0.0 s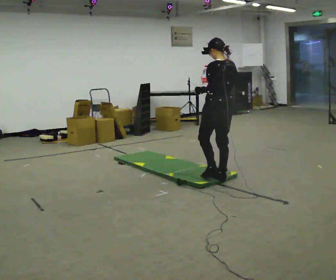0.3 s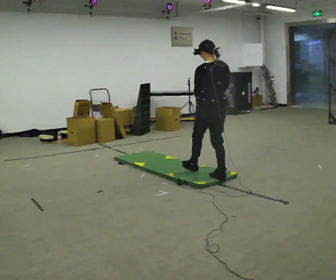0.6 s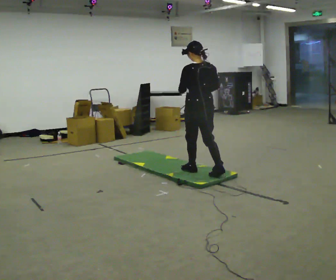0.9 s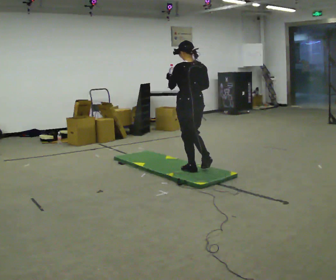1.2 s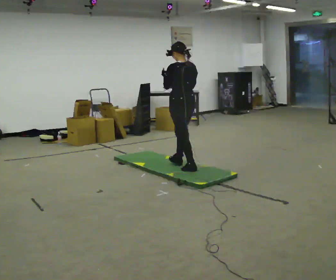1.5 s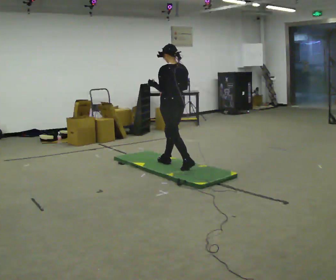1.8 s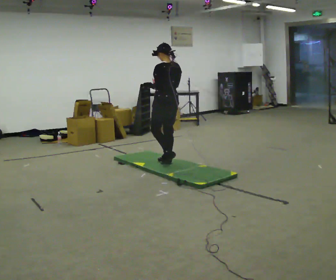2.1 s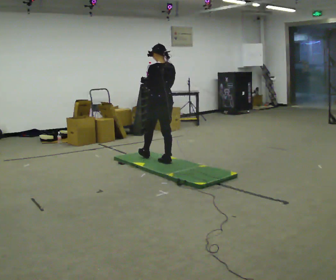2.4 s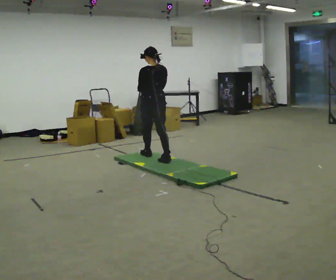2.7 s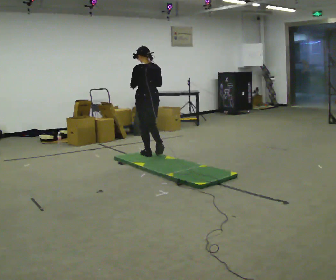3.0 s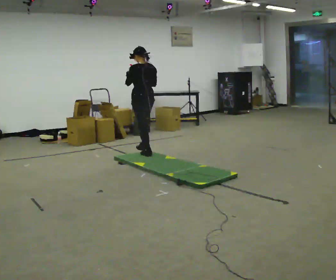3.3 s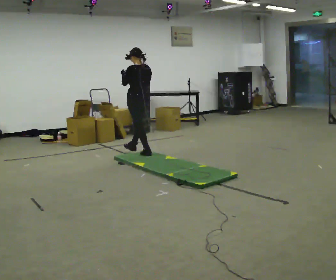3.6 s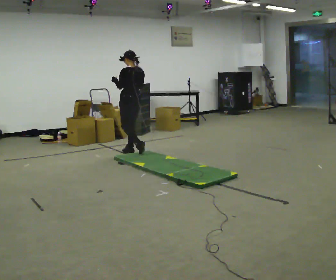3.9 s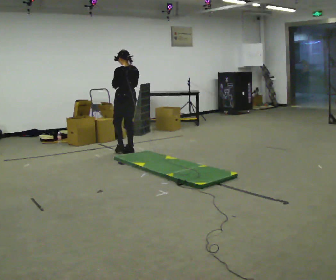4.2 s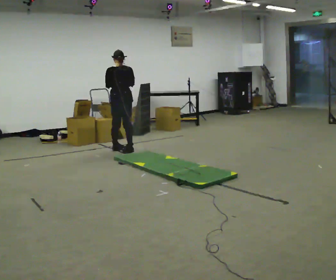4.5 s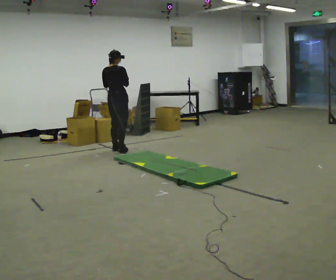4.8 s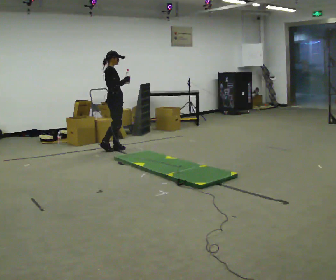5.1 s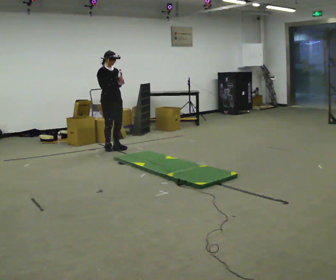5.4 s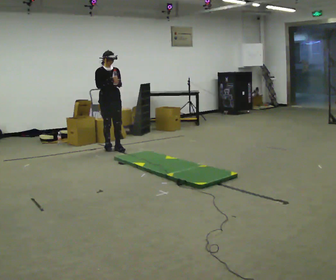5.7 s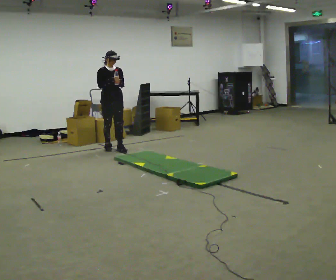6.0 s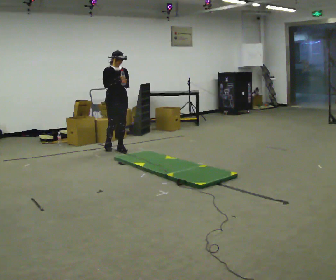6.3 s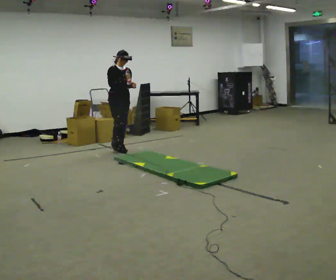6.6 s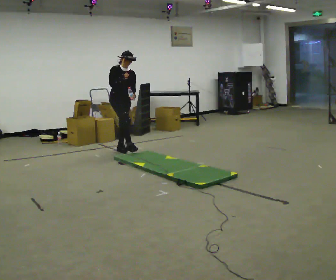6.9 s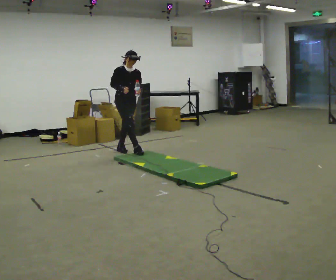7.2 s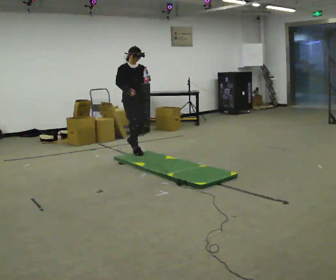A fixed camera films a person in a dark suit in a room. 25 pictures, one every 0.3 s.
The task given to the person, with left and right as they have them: Hold the object and walk back and forth. It may slip. Try to catch it if you can, but let it go rather than lurching after it.
0.0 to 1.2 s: In the picture they go away from the camera and to the left, about 0.5 m in 1 step, which for them is forward.
1.2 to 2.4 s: In the picture they go away from the camera and to the left, about 0.75 m in 2 steps, which for them is forward.
2.4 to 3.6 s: In the picture they go away from the camera and to the left, about 0.5 m in 1 step, which for them is forward.
3.6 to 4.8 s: Seen from above the body turns clockwise, about 135 degrees: to their right, with its near side sliding to the left. In the picture they go to the left and away from the camera, about 0.5 m in 1 step.
4.8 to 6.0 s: The person turns about 60 degrees to their right, clockwise seen from above, so the part of the body nearest the lens slides to the left.
6.0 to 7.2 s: In the picture they go toward the camera and to the right, about 0.5 m in 1 step, which for them is forward.
The film runs forward here.
